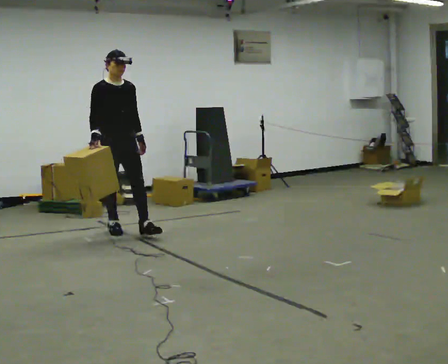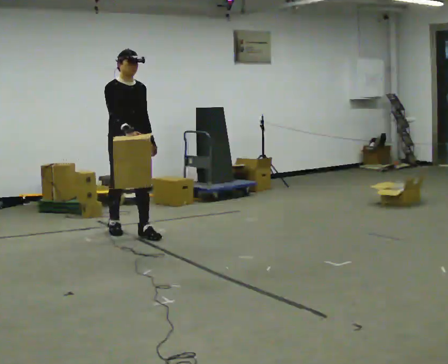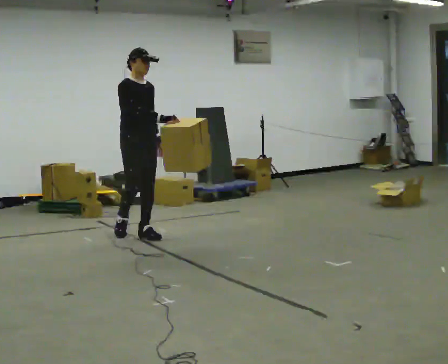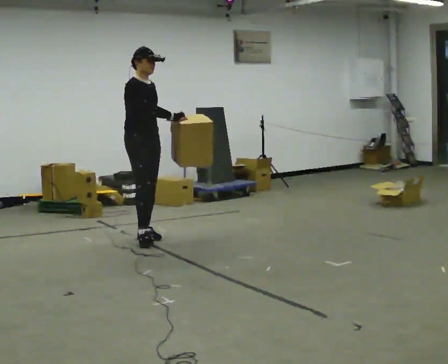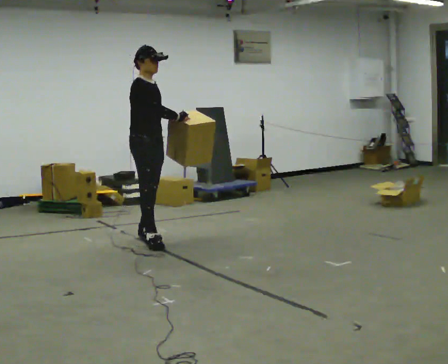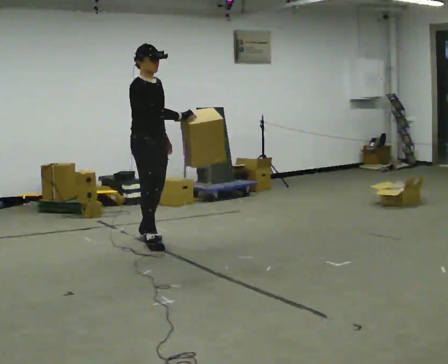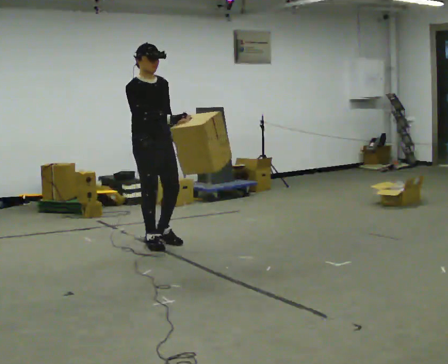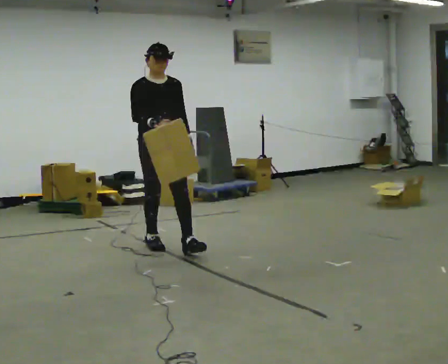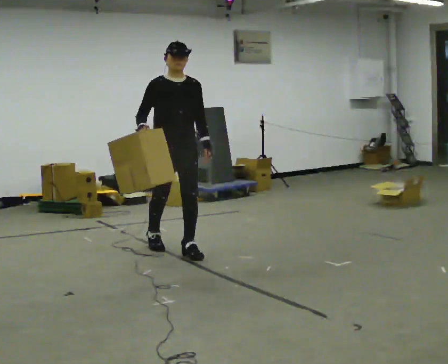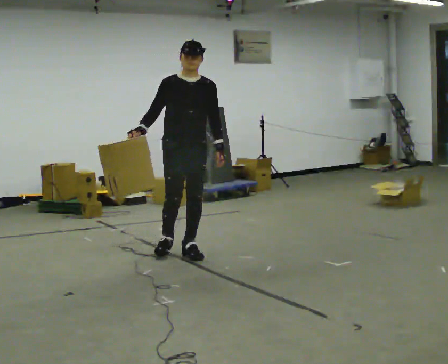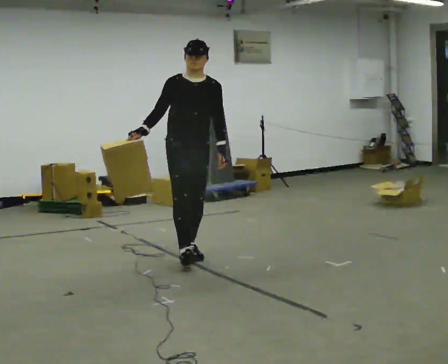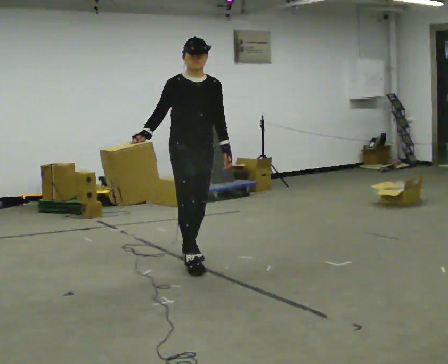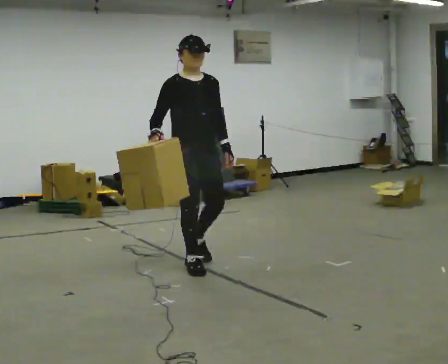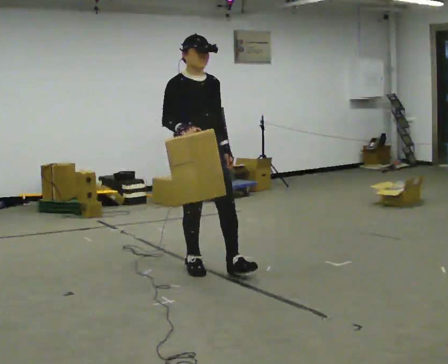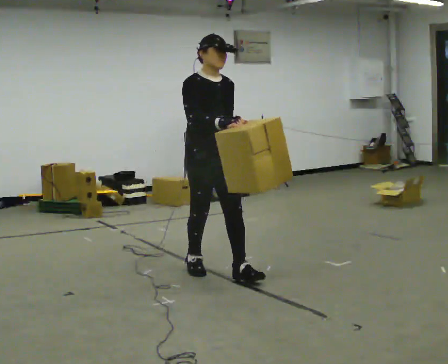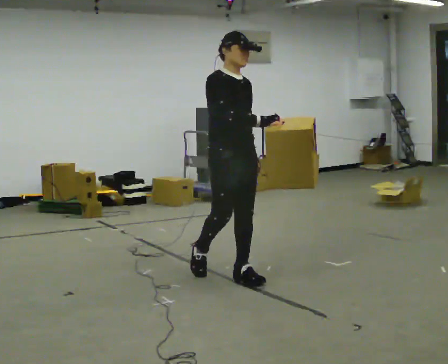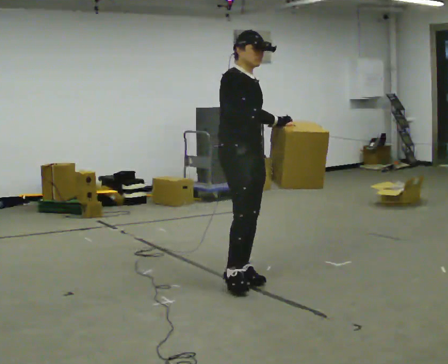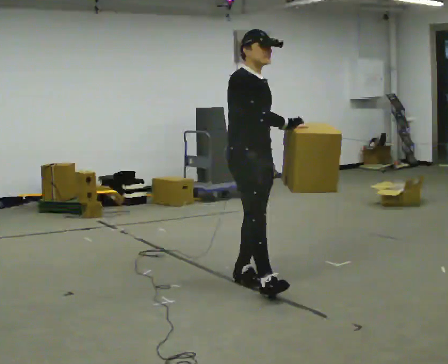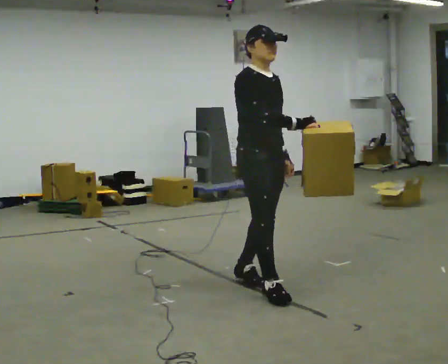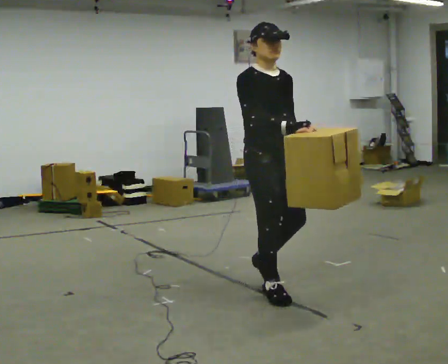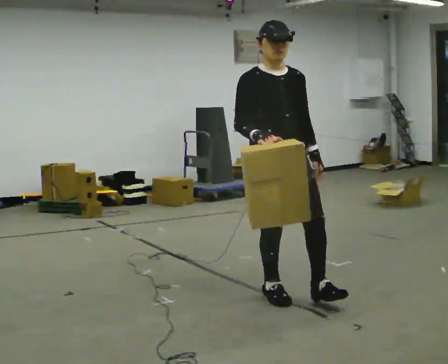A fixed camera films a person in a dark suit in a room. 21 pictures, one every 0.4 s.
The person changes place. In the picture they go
toward the camera.
0.0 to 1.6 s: The person turns about 30 degrees to their left, counterclockwise seen from above, so the part of the body nearest the lens slides to the right. In the picture they go toward the camera and to the right, about 0.5 m in 1 step, which for them is forward.
1.6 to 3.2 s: Seen from above the body turns clockwise, about 45 degrees: to their right, with its near side sliding to the left. In the picture they go toward the camera and to the right, about 0.5 m in 1 step, which for them is forward.
3.2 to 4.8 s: In the picture they go toward the camera, about 0.5 m in 1 step, which for them is forward.
4.8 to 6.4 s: In the picture they go toward the camera and to the right, about 0.5 m in 1 step, which for them is forward.
6.4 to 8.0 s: The person turns about 30 degrees to their right, clockwise seen from above, so the part of the body nearest the lens slides to the left. In the picture they go toward the camera and to the right, about 0.5 m in 1 step, which for them is forward.
The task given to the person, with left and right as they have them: Carry the object in the hand the operator calls, down at your side, walking back and forth across the room.
The film runs forward here.
